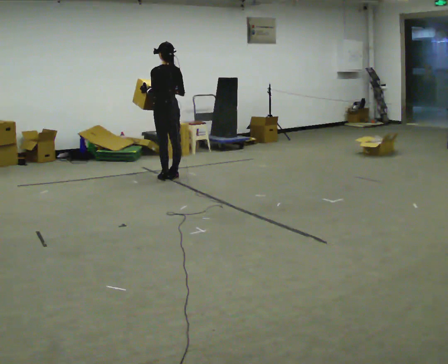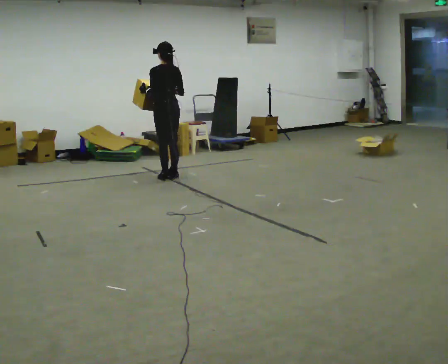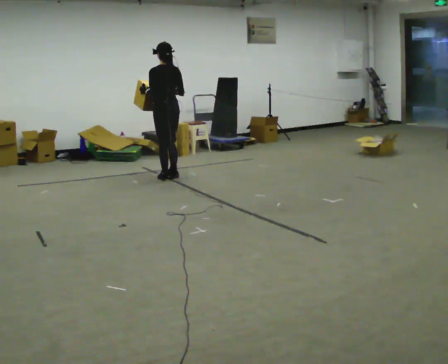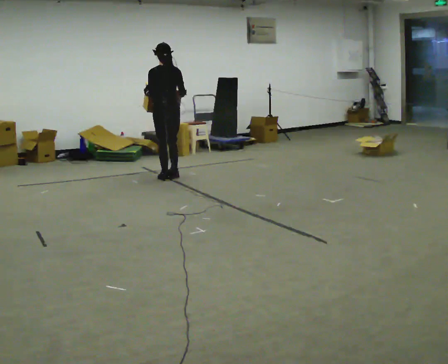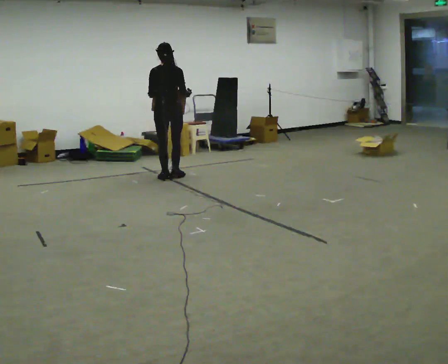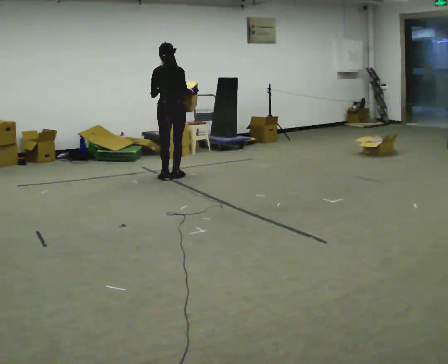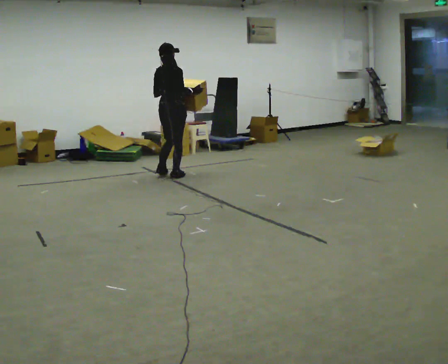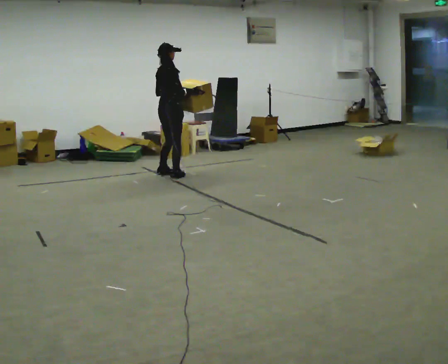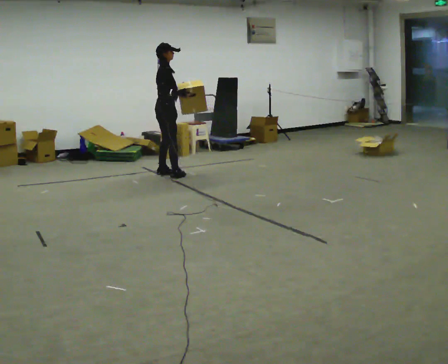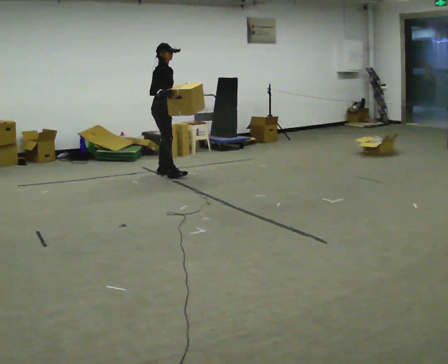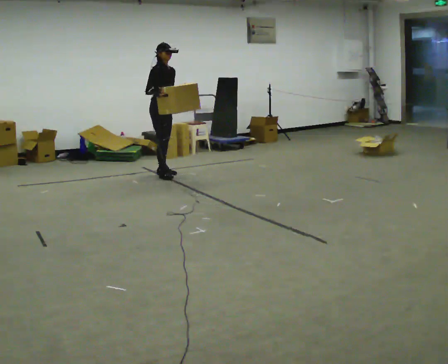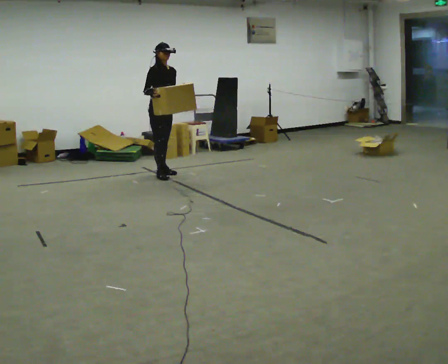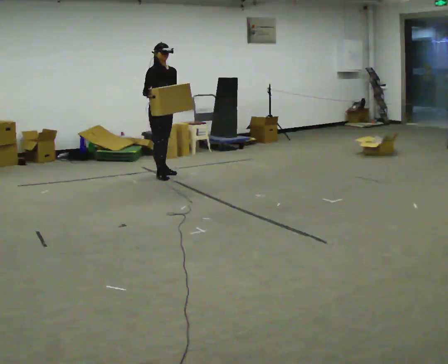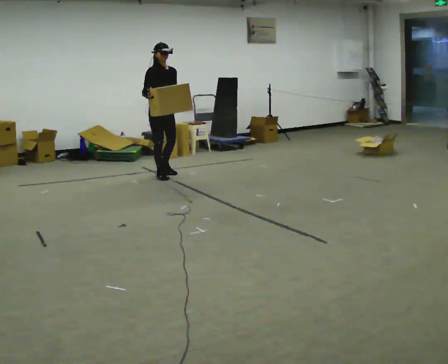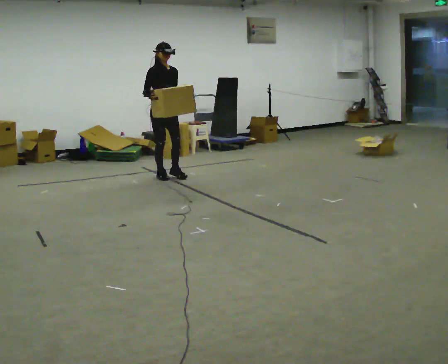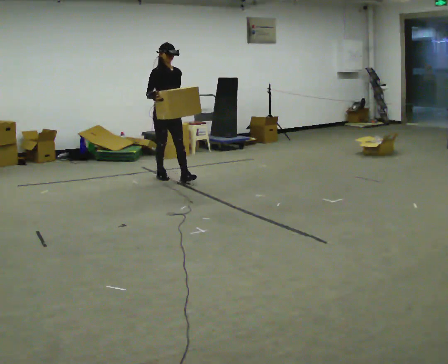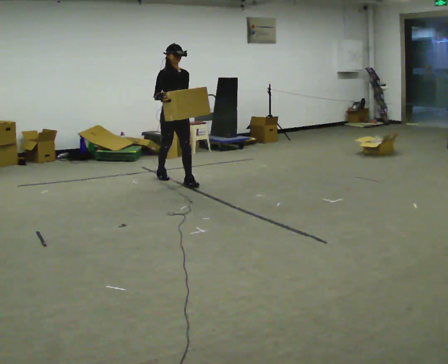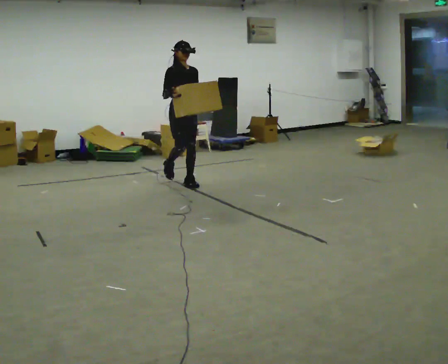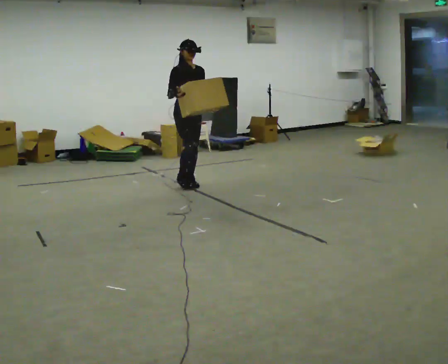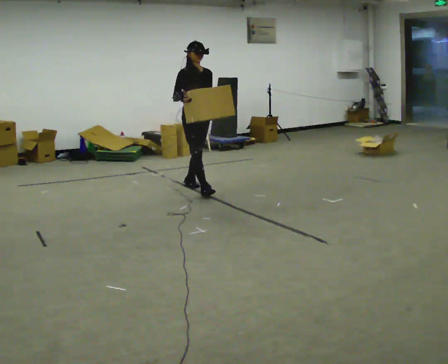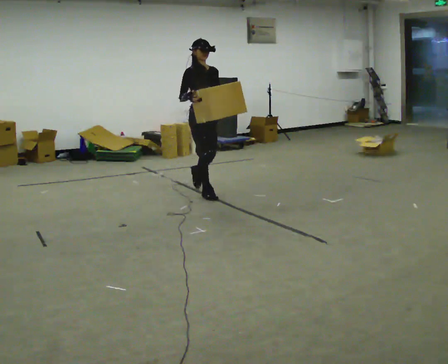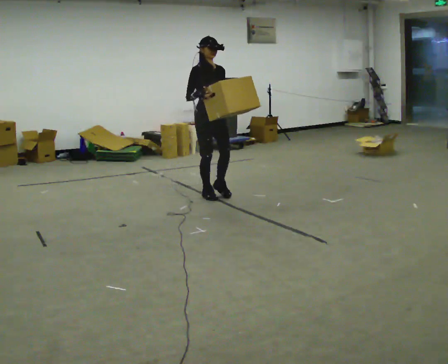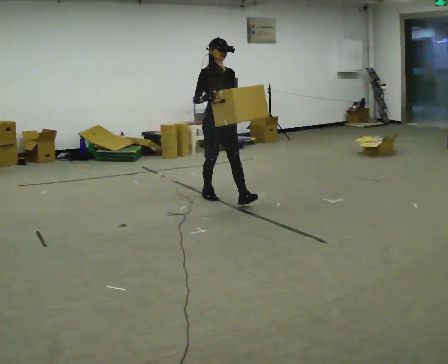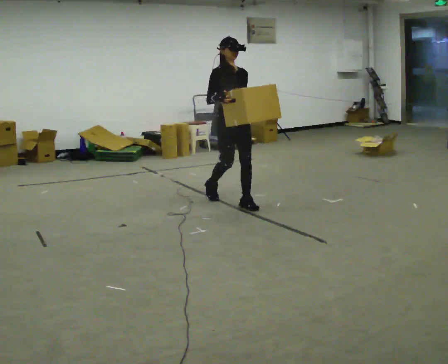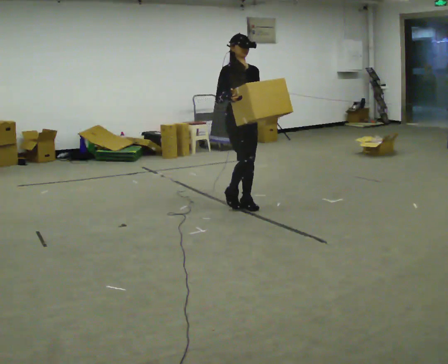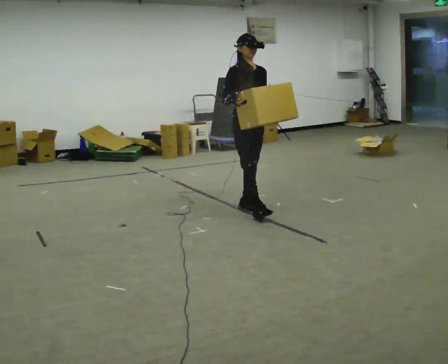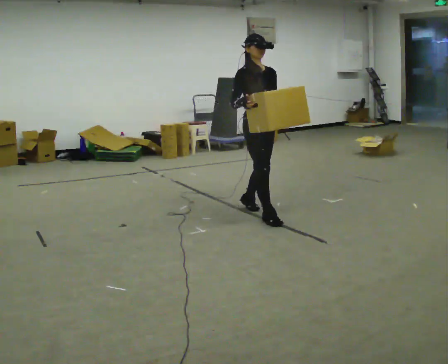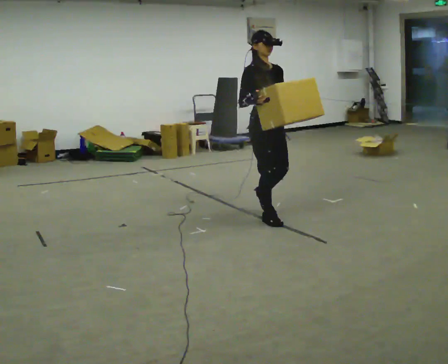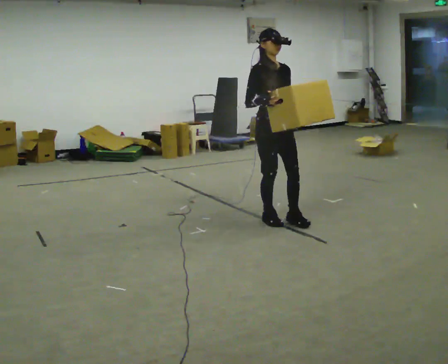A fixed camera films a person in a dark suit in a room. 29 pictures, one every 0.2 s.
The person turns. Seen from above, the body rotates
clockwise.
The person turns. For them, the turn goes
to their right.
0.0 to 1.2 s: The person turns about 75 degrees to their right, clockwise seen from above, so the part of the body nearest the lens slides to the left.
1.2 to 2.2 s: Seen from above the body turns clockwise, about 105 degrees: to their right, with its near side sliding to the left. In the picture their right hand goes to the left.
2.2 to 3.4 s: In the picture they go toward the camera and to the right, about 0.5 m in 1 step, which for them is forward.
3.4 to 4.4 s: In the picture they go toward the camera and to the right, about 1 m in 1 step, which for them is forward.
4.4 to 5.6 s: In the picture they go toward the camera and to the right, about 1 m in 2 steps, which for them is forward.
The film runs forward here.
